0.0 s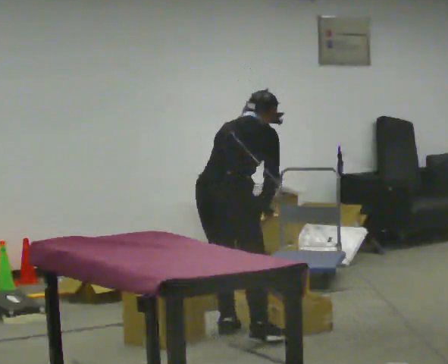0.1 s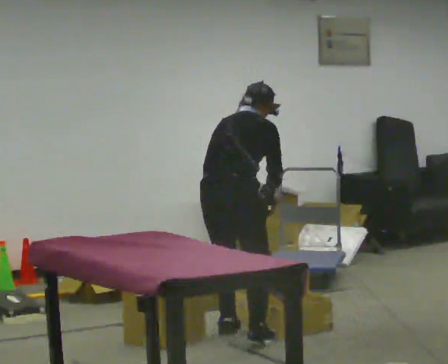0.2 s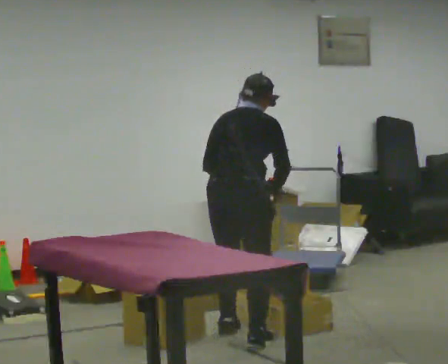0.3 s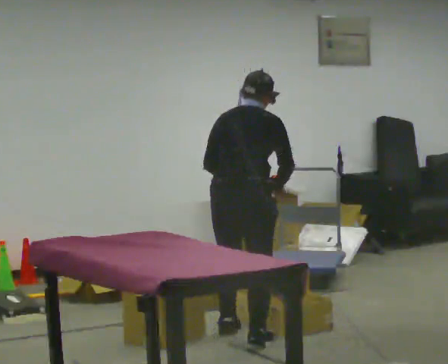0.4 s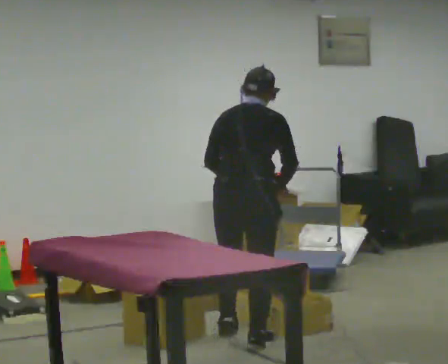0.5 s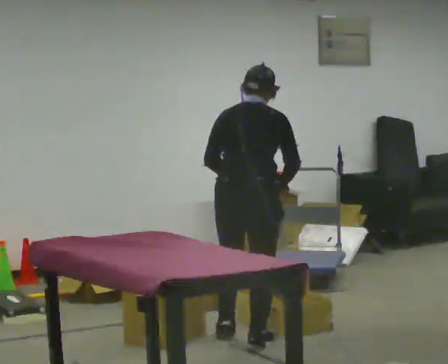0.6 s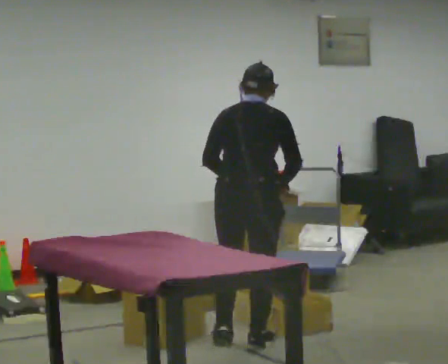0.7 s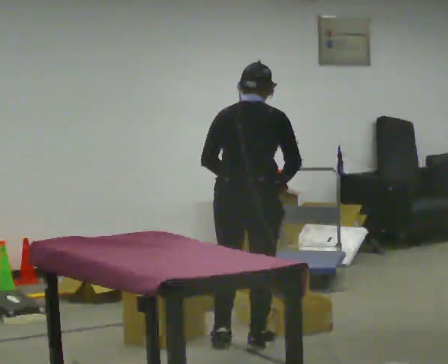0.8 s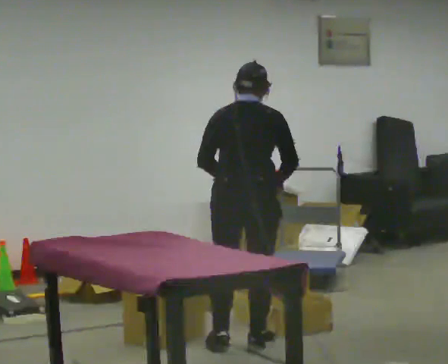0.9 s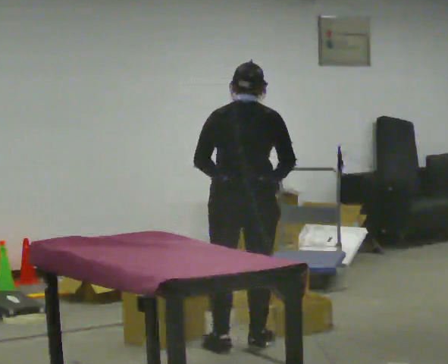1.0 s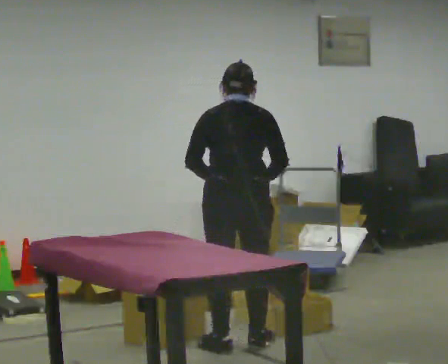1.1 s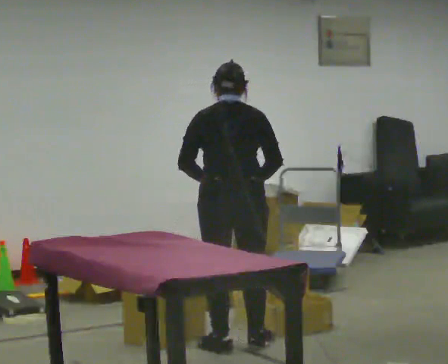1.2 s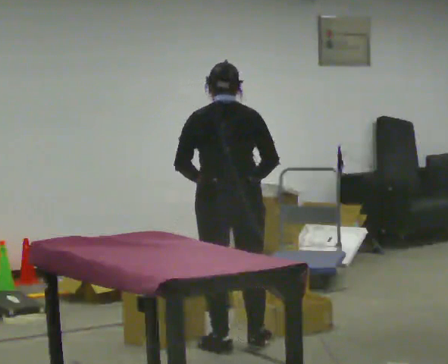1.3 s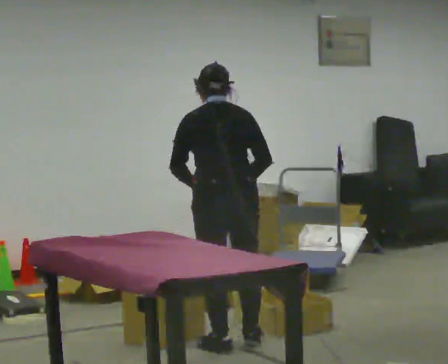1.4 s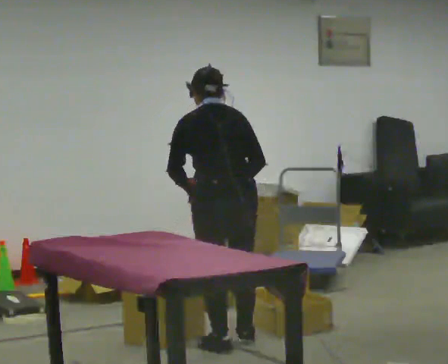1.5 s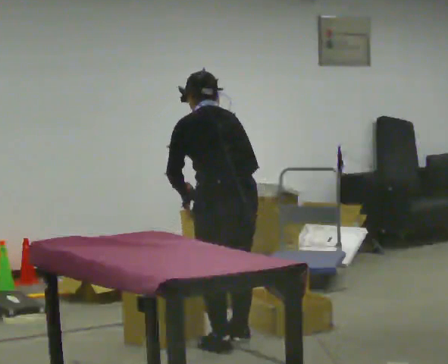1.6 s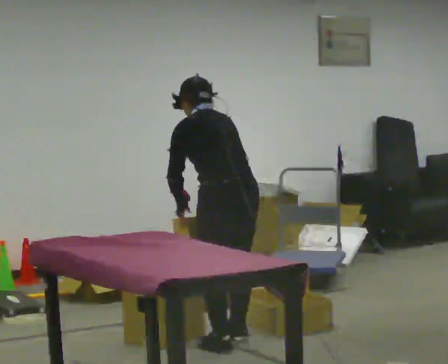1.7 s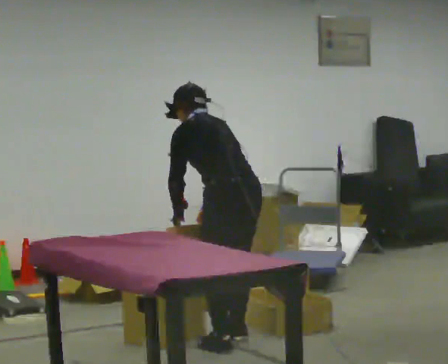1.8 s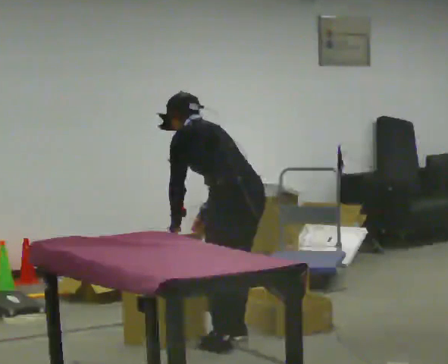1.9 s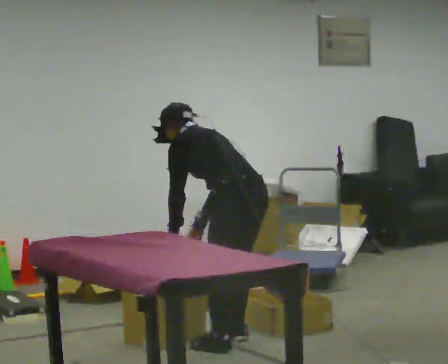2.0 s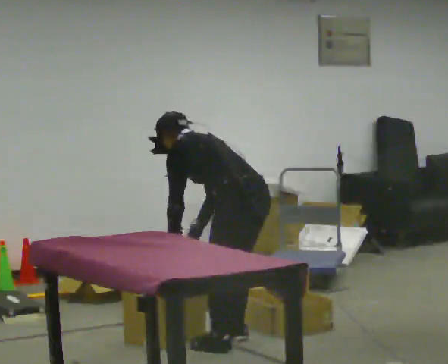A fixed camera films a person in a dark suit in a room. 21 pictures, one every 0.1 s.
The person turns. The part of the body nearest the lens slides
to the right.
The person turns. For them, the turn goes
to their left.
0.0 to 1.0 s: Seen from above the body turns counterclockwise, about 30 degrees: to their left, with its near side sliding to the right. In the picture they go toward the camera, about 0.25 m in 1 step, which for them is backward and to their right. In the picture the upper body tilts counterclockwise, shoulders to the left, as they lean back or straighten.
1.0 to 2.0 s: Seen from above the body turns counterclockwise, about 60 degrees: to their left, with its near side sliding to the right. The shoulders move downward. In the picture the upper body tilts counterclockwise, shoulders to the left, as they bend forward.
The film runs backward here.
